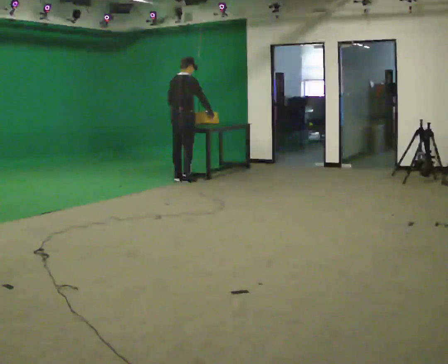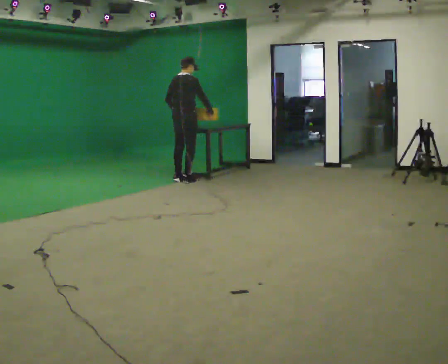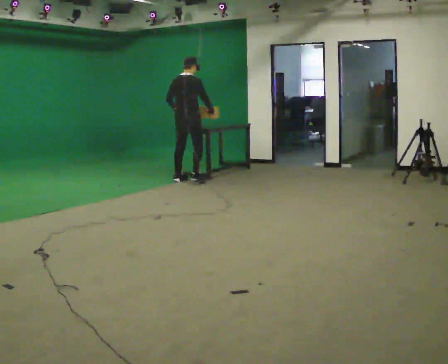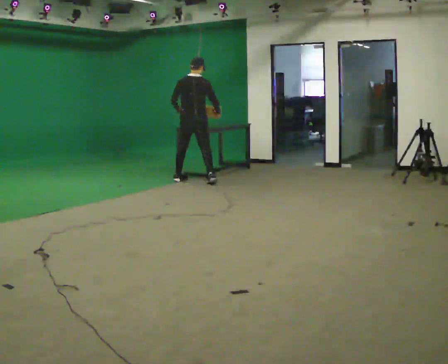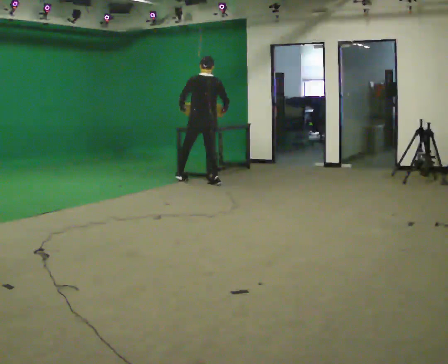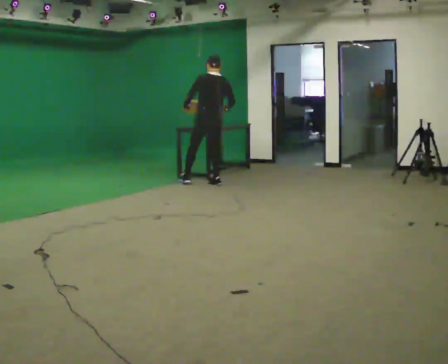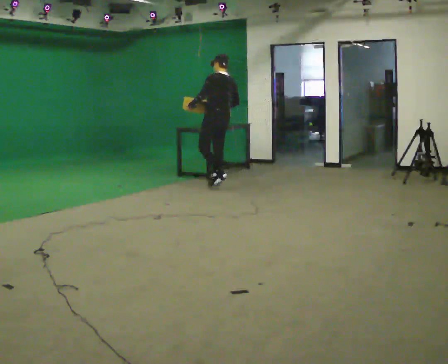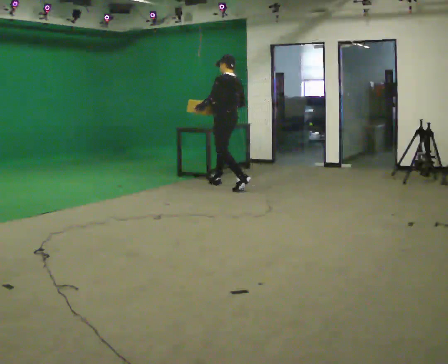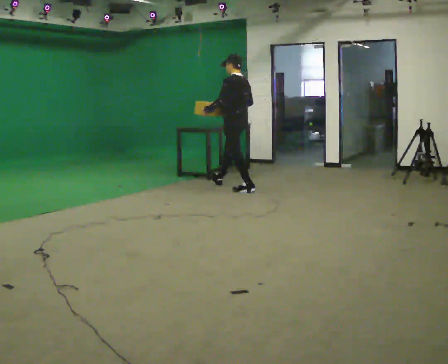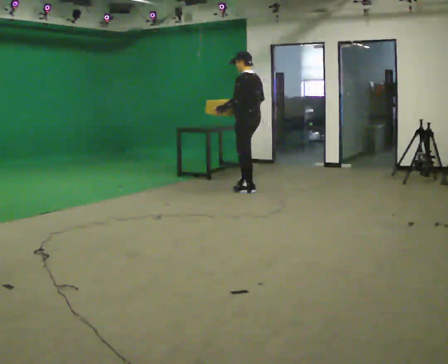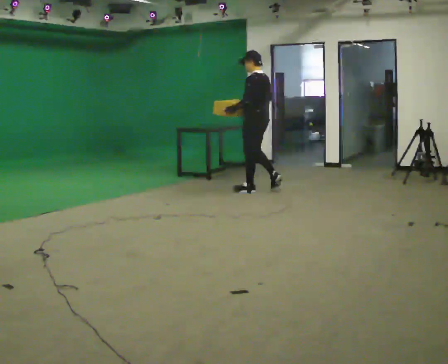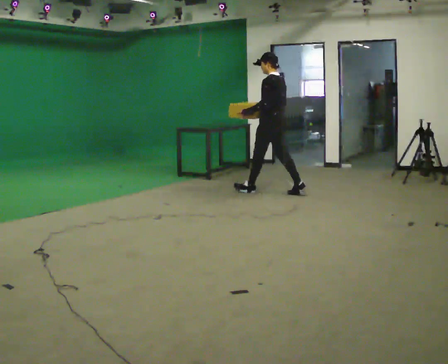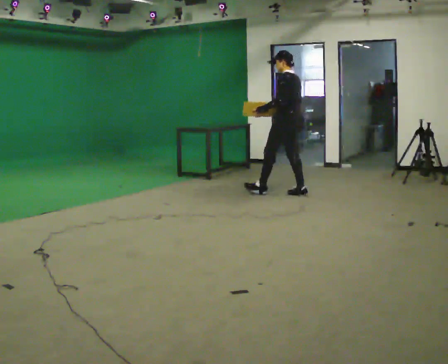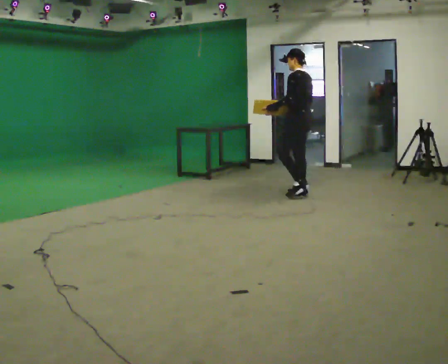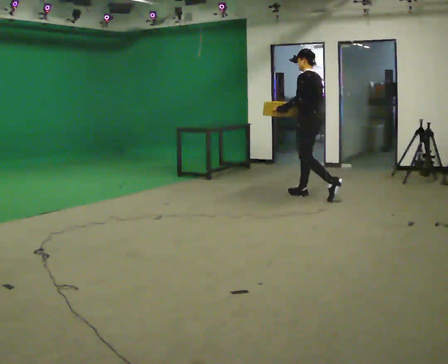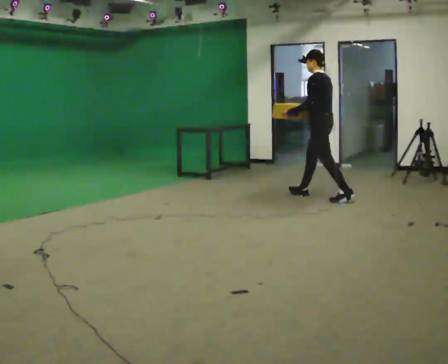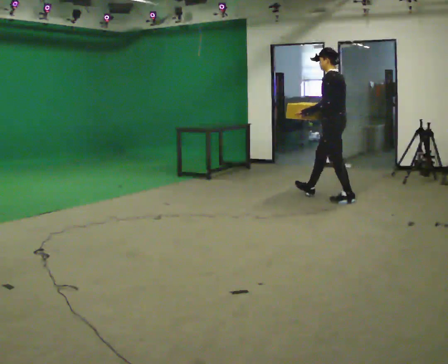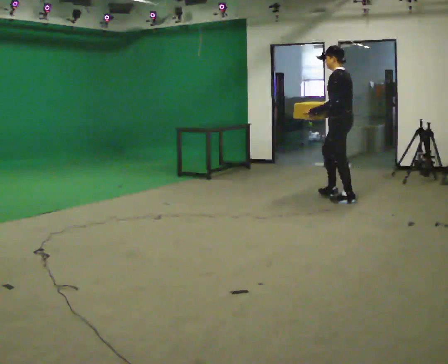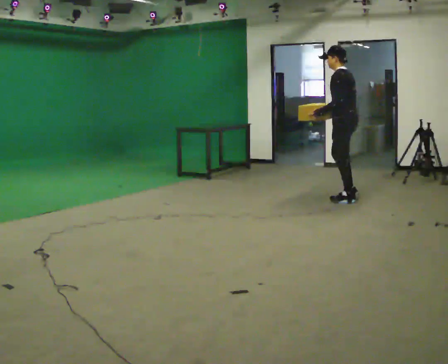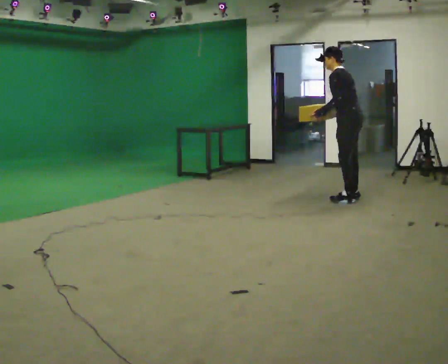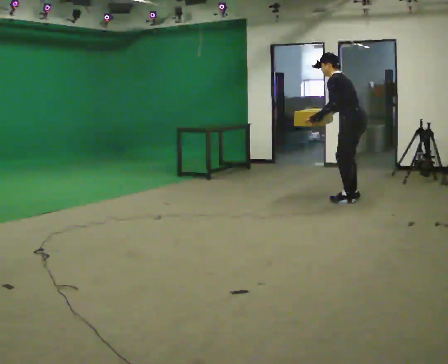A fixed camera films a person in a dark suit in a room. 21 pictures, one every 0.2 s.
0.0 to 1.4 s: The person turns about 90 degrees to their left, counterclockwise seen from above, so the part of the body nearest the lens slides to the right. In the picture they go to the right and toward the camera, about 0.5 m in 2 steps.
1.4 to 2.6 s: In the picture they go to the right and toward the camera, about 1 m in 2 steps, which for them is backward.
2.6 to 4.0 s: In the picture they go to the right and toward the camera, about 0.75 m in 1 step, which for them is backward. In the picture the upper body tilts counterclockwise, shoulders to the left, as they bend forward.
The film runs backward here.
